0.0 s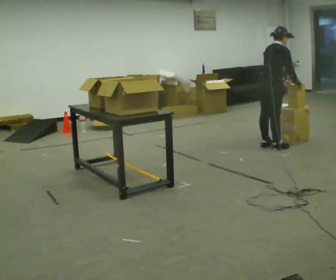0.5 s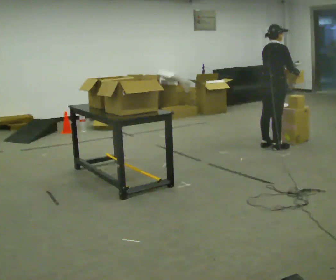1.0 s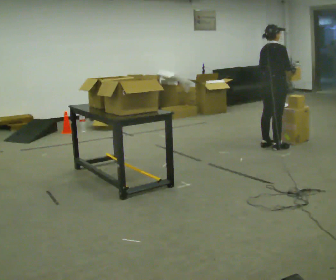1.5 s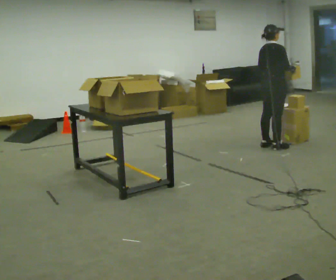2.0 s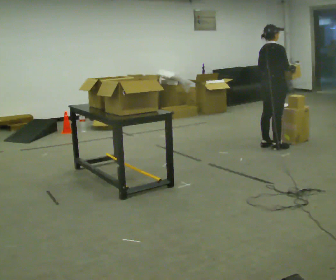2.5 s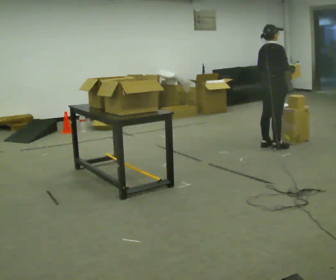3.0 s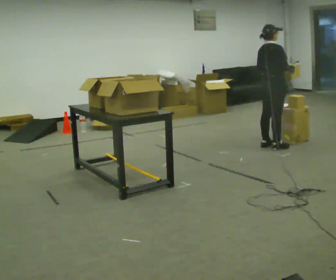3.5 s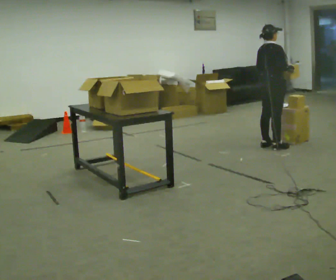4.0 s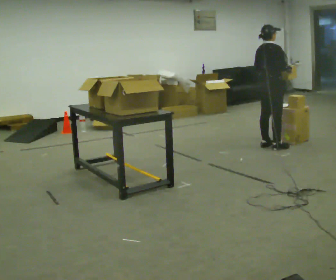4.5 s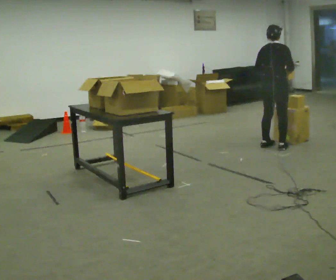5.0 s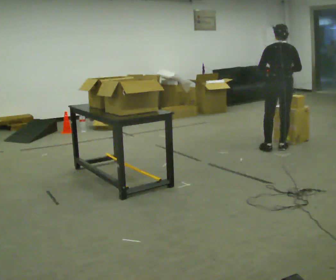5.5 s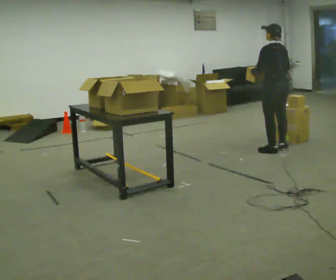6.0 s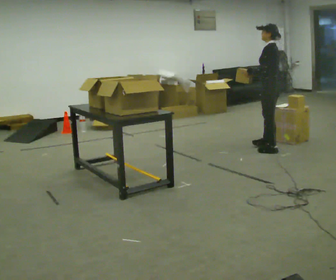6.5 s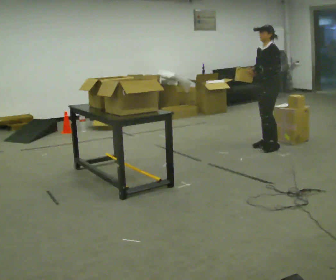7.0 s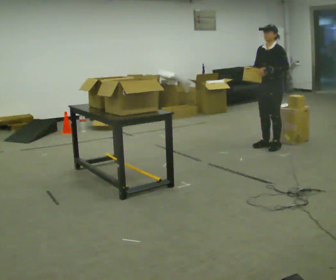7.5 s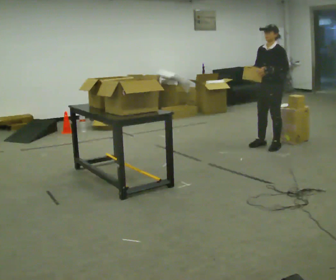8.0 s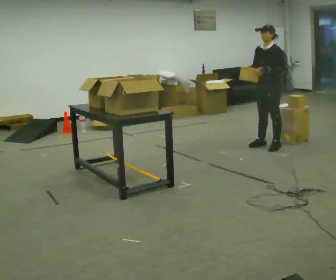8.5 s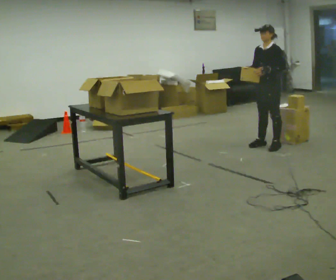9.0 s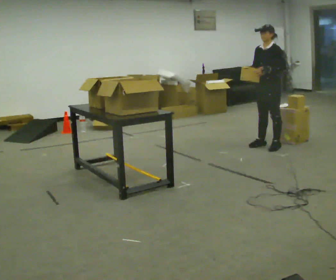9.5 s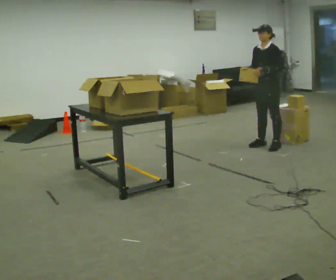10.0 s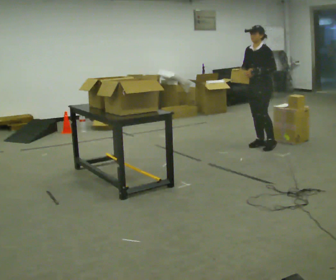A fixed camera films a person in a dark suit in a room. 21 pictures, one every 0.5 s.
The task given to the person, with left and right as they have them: 1. Read the list the operator gives you. 2. Collect the six items on the list from the shelves. 3. Put them all in the bin on the table. 4. Tell the operator when you are finished.
0.0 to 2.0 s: In the picture the upper body tilts counterclockwise, shoulders to the left, as they lean back or straighten.
2.0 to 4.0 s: The person moves a little, or ends about where they began.
4.0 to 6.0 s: The person turns about 120 degrees to their left, counterclockwise seen from above, so the part of the body nearest the lens slides to the right. In the picture they go toward the camera, about 0.25 m in 2 steps. In the picture their right hand goes to the left.
6.0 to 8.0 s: The part of the body nearest the lens slides to the right as the person turns to their left by about 60 degrees. In the picture they go away from the camera, about 0.25 m in 1 step.
8.0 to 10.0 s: The person moves a little, or ends about where they began.
The film runs forward here.
